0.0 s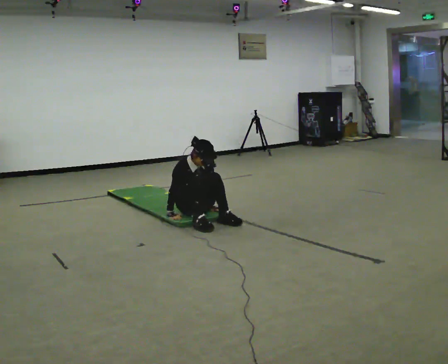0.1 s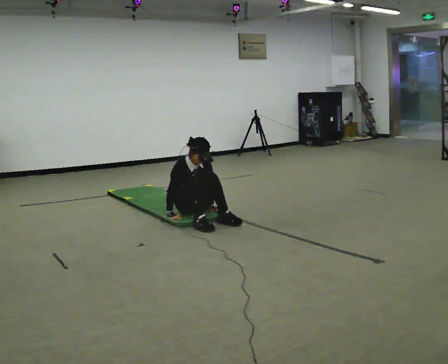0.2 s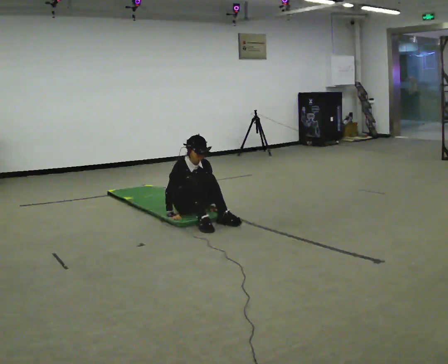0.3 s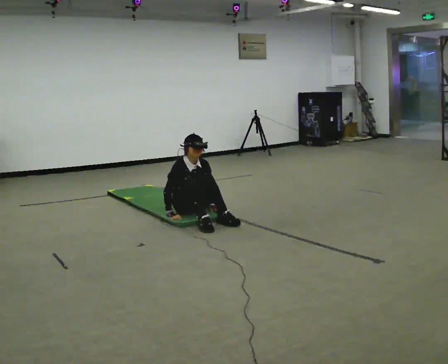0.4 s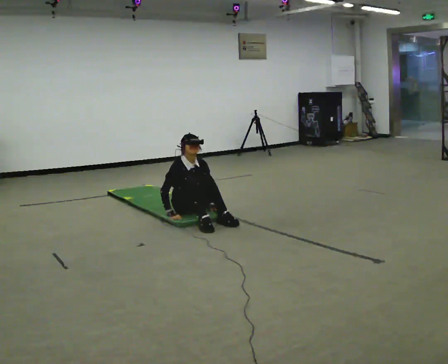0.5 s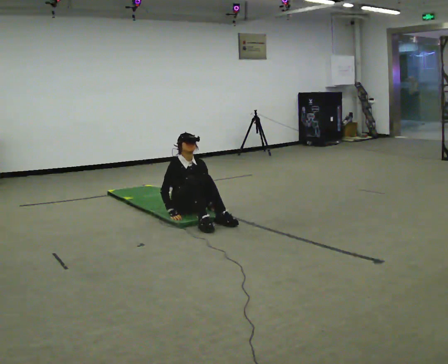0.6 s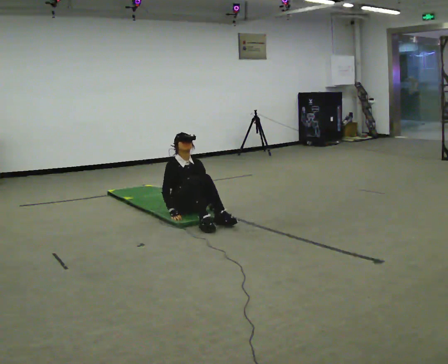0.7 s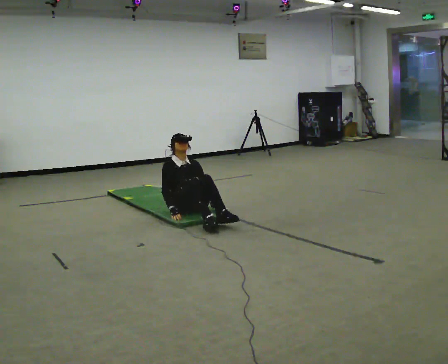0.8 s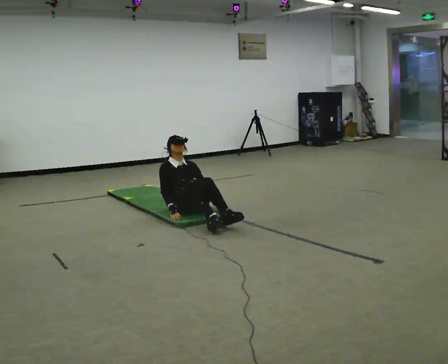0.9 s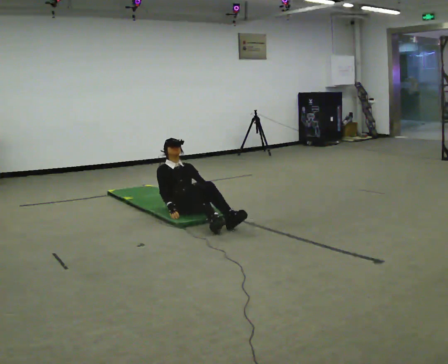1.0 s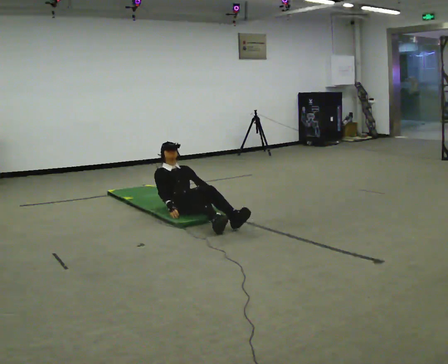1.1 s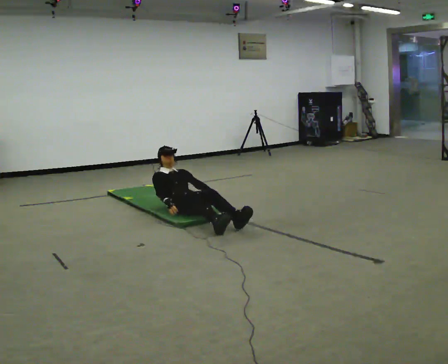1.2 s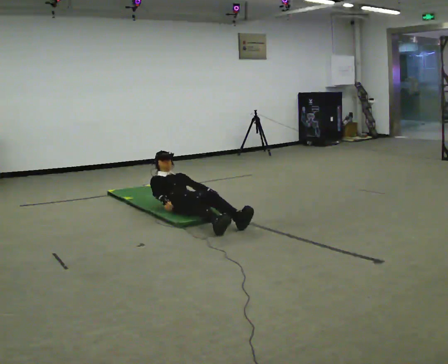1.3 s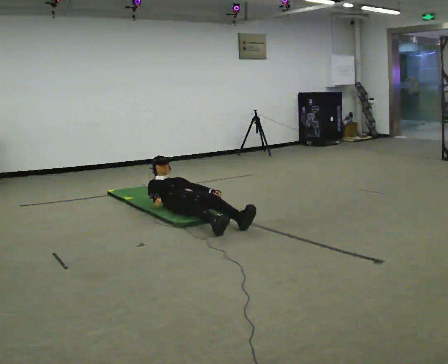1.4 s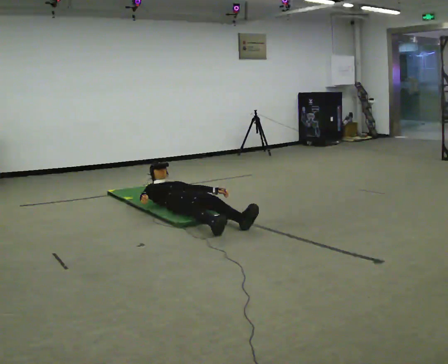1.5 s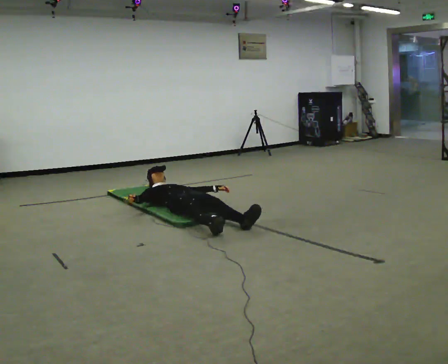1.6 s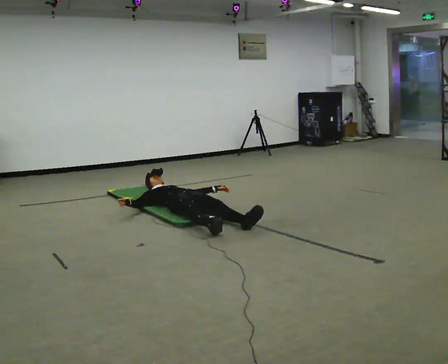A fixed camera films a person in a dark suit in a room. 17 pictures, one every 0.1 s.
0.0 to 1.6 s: In the picture they go away from the camera, about 0.25 m in 2 steps, which for them is backward. The shoulders move downward. The upper body tips away from the camera, its near side rolling upward, as they lean back or straighten.
The film runs backward here.
